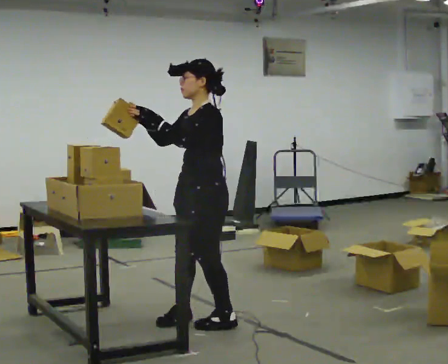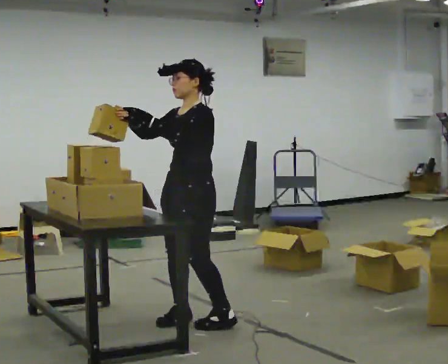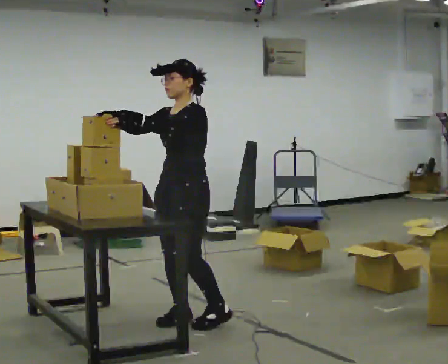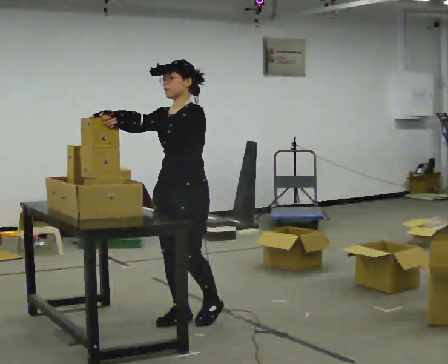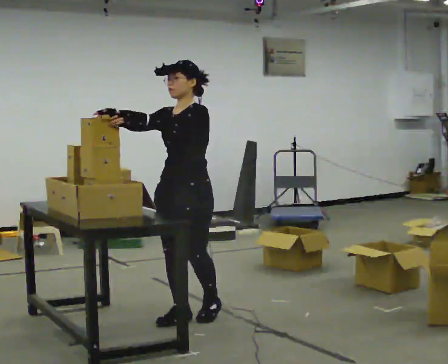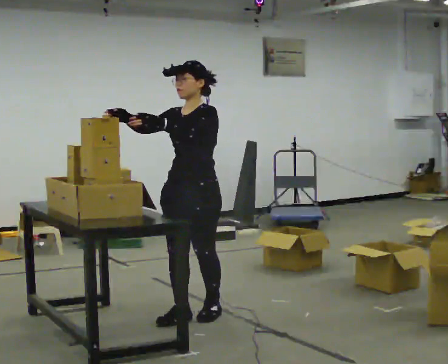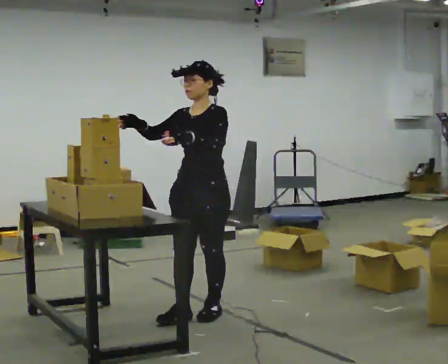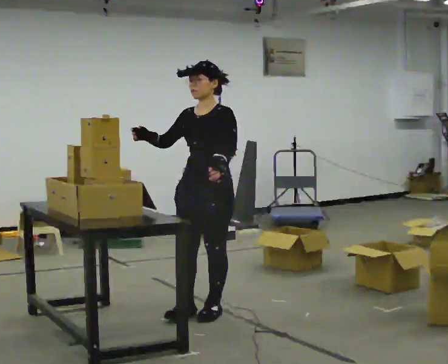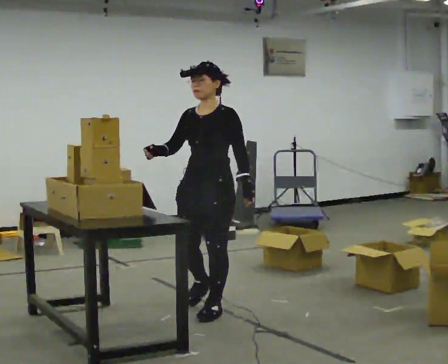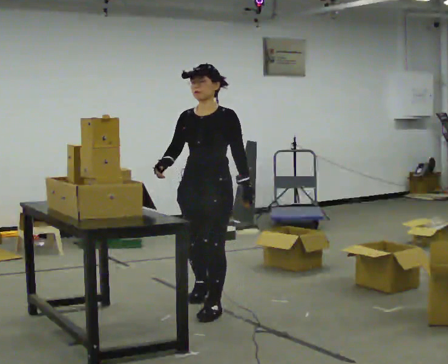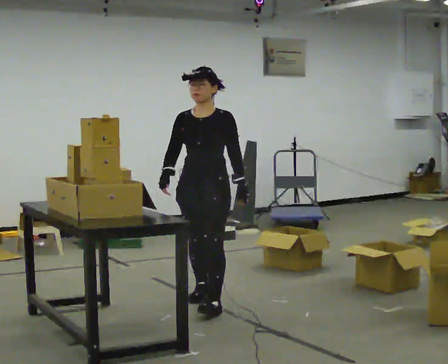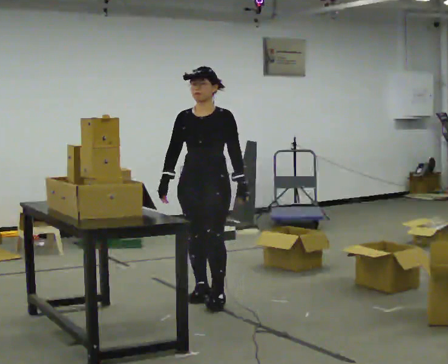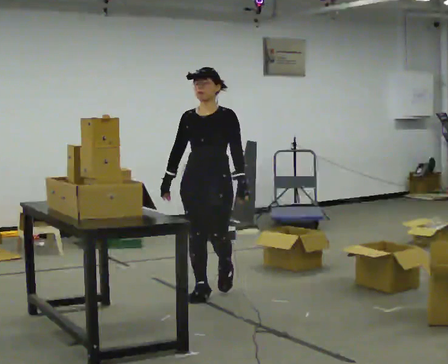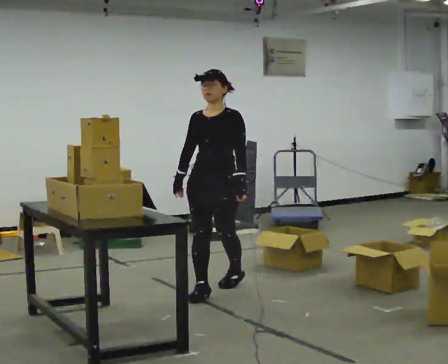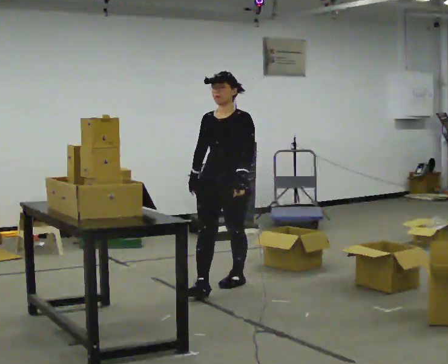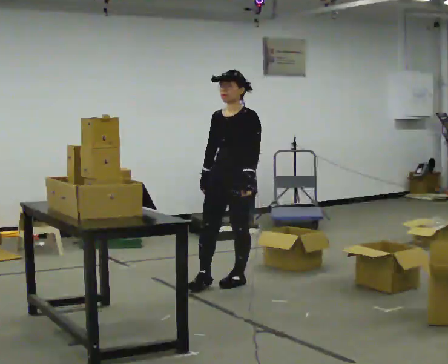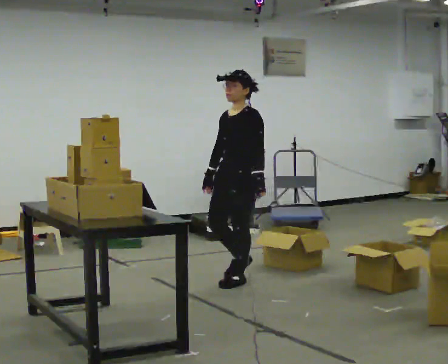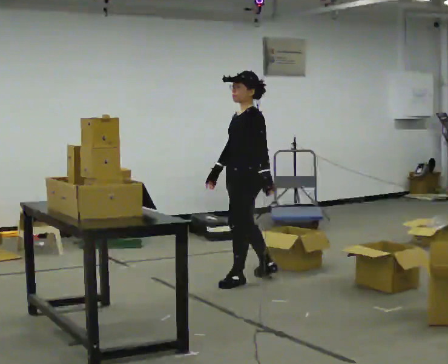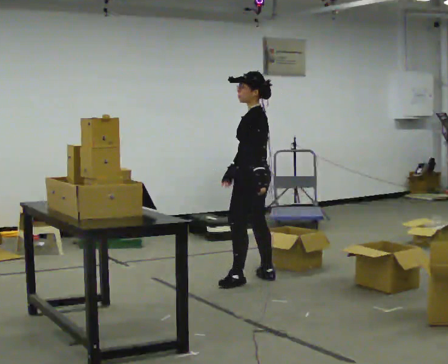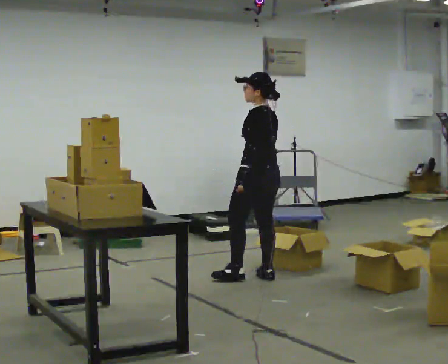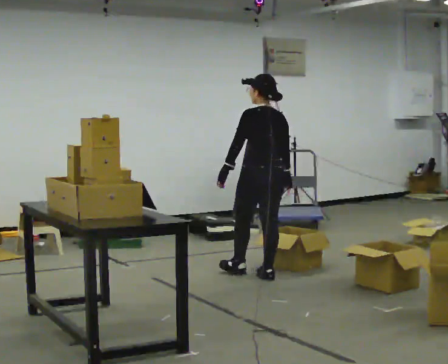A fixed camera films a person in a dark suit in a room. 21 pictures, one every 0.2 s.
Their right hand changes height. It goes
downward.
Their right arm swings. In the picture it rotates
counterclockwise.
0.0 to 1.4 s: The person turns about 30 degrees to their left, counterclockwise seen from above, so the part of the body nearest the lens slides to the right. In the picture they go away from the camera, about 0.25 m in 2 steps, which for them is backward and to their right.
1.4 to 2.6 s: In the picture they go away from the camera, about 0.5 m in 1 step, which for them is backward. In the picture their right hand goes downward.
2.6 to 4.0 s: Seen from above the body turns clockwise, about 135 degrees: to their right, with its near side sliding to the left. In the picture they go away from the camera and to the right, about 0.5 m in 2 steps.
The film runs backward here.
